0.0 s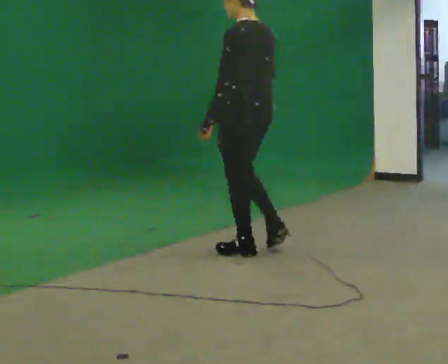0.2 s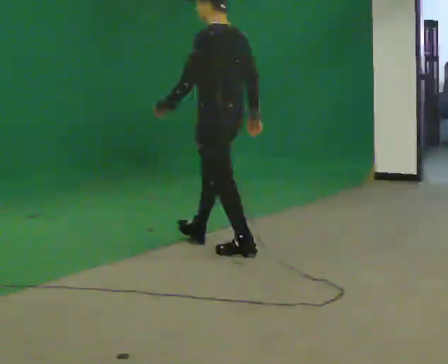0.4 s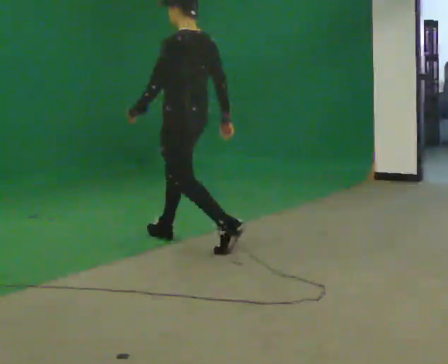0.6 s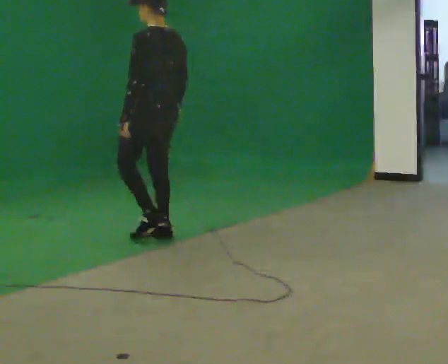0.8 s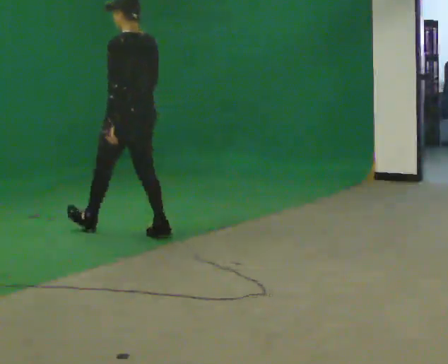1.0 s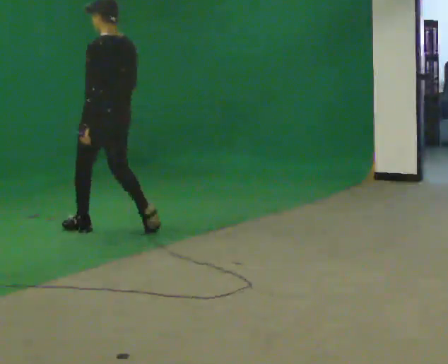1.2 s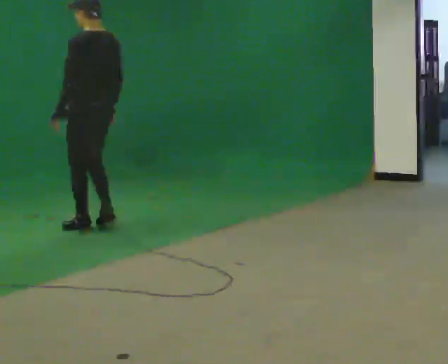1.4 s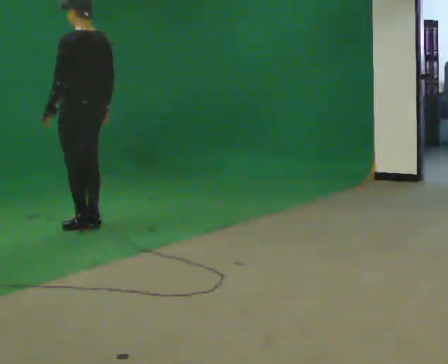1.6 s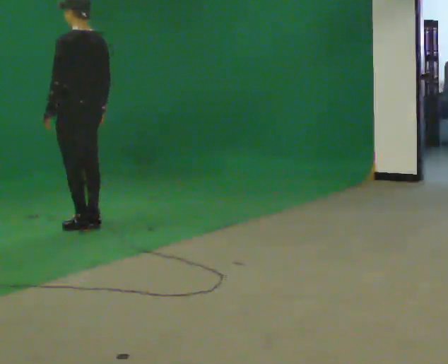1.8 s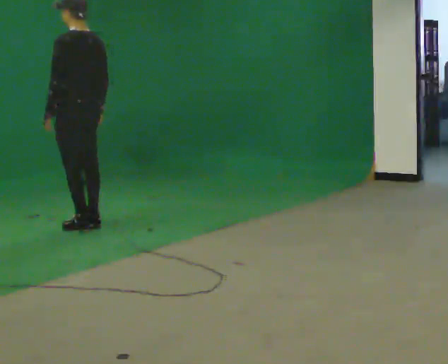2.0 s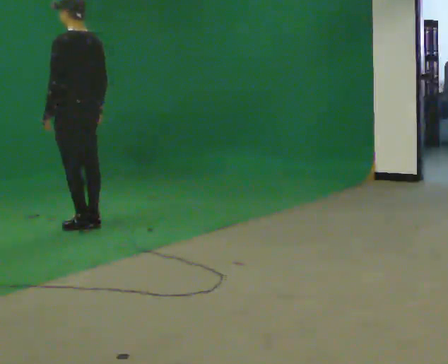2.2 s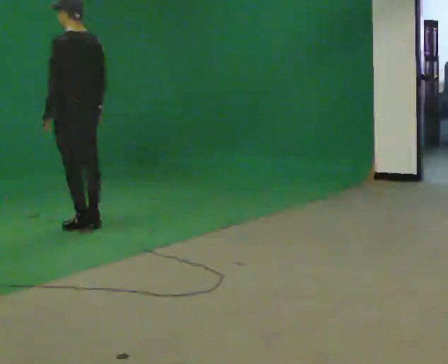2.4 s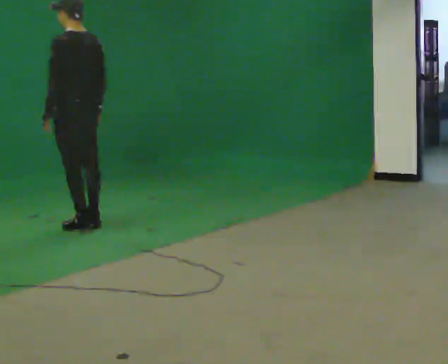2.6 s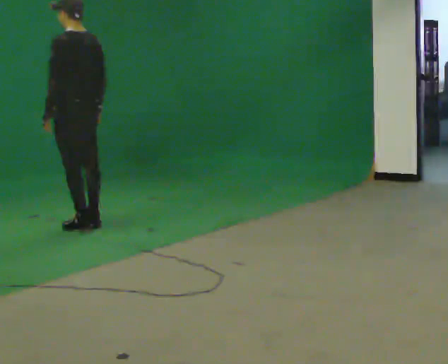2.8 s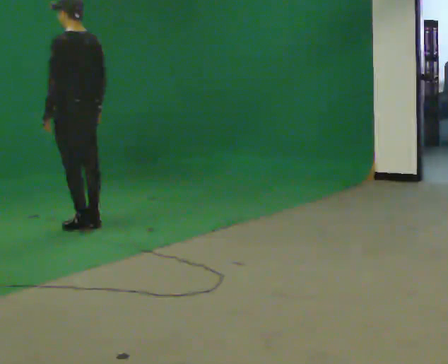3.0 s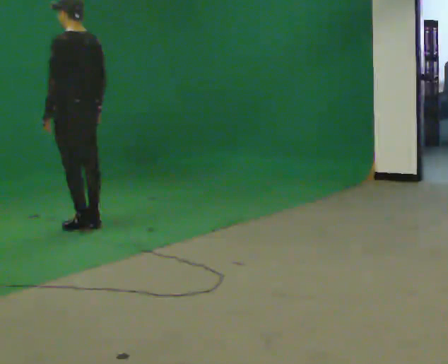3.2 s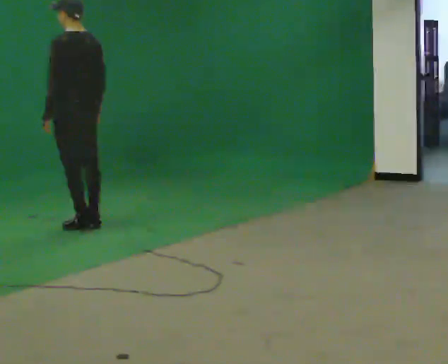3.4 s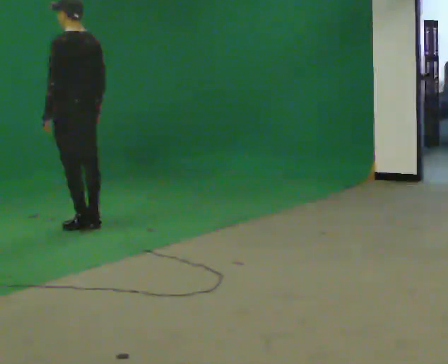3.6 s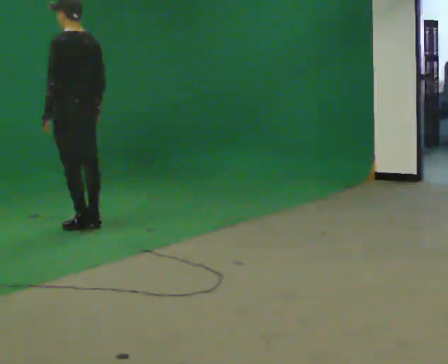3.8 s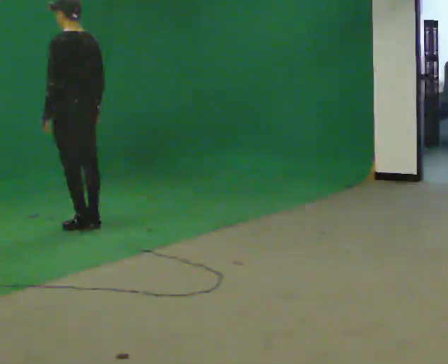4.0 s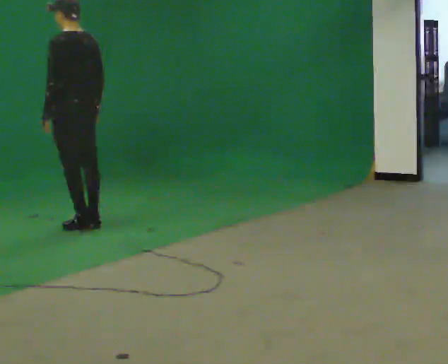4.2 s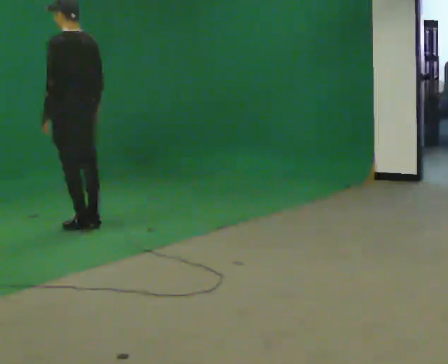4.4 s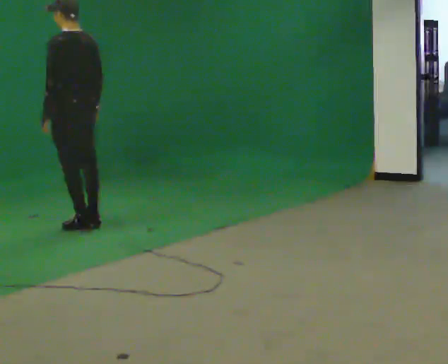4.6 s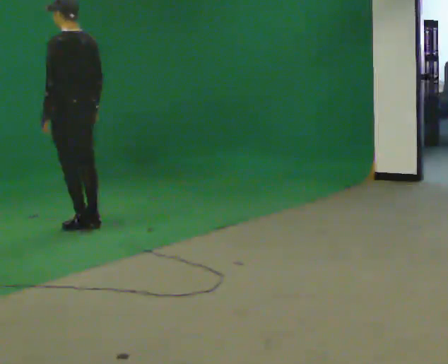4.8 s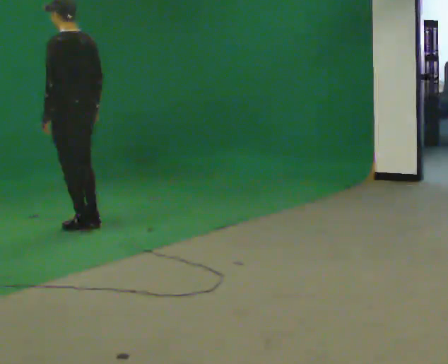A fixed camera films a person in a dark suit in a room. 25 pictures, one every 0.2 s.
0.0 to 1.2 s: In the picture they go away from the camera and to the left, about 1.5 m in 2 steps, which for them is forward.
1.2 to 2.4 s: In the picture they go away from the camera, about 0.25 m in 1 step, which for them is forward.
2.4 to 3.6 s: The person keeps their place and pose.
3.6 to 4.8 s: The person moves a little, or ends about where they began.
The film runs forward here.
